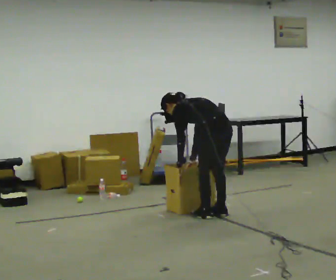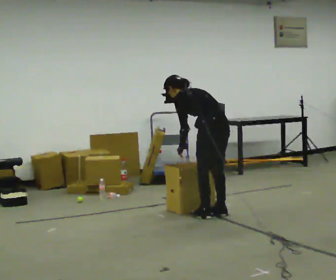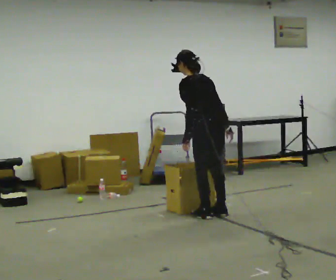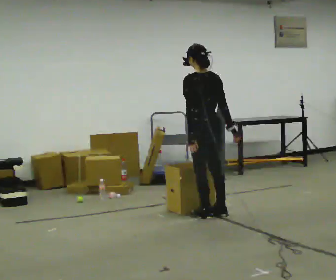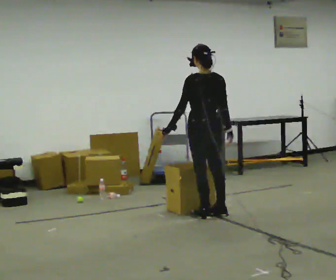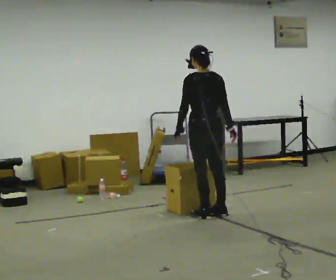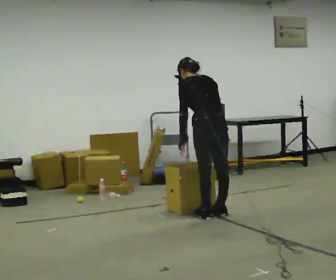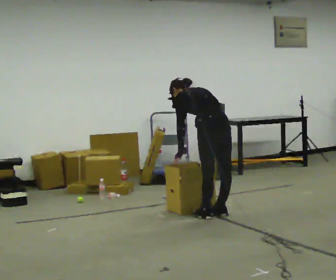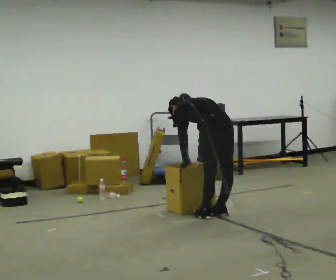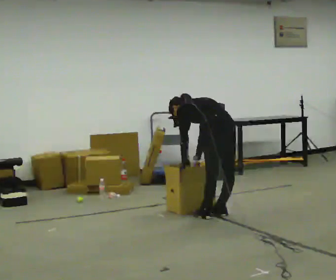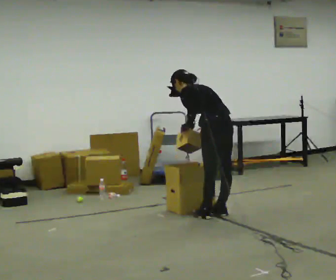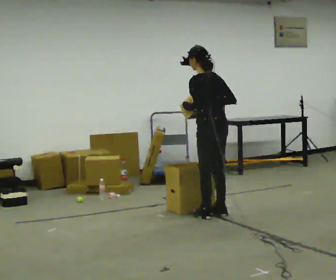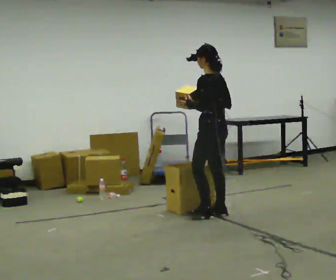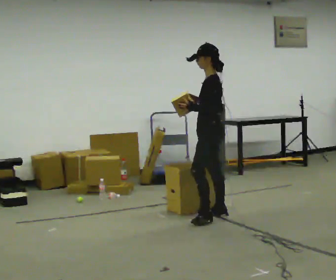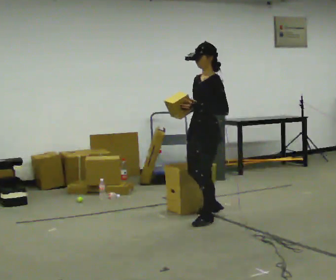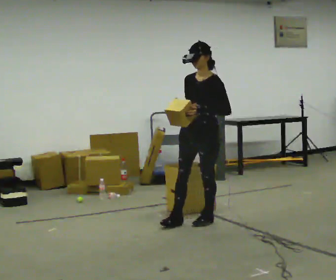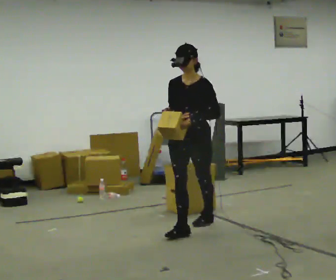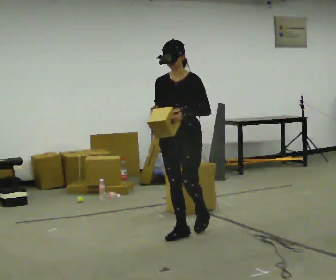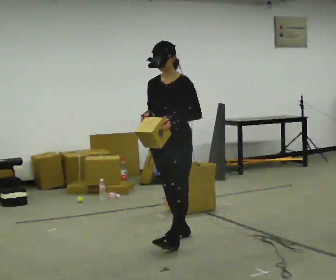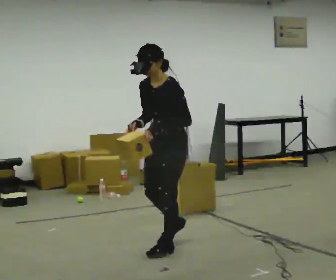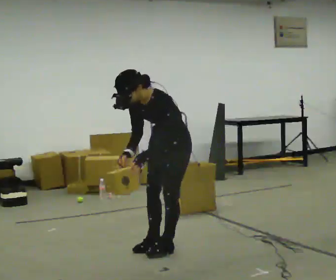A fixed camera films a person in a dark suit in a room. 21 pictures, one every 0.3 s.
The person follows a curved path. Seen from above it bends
counterclockwise.
0.0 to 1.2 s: The shoulders move upward. The upper body tips toward the camera, its near side rolling downward, as they lean back or straighten. In the picture their left hand goes upward.
1.2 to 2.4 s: The upper body goes downward. The upper body tips away from the camera, its near side rolling upward, as they bend forward. In the picture their left hand goes downward.
2.4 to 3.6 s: The person turns about 30 degrees to their left, counterclockwise seen from above, so the part of the body nearest the lens slides to the right. The shoulders move upward. The upper body tips toward the camera, its near side rolling downward, as they lean back or straighten. In the picture their right hand goes upward.
3.6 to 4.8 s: The part of the body nearest the lens slides to the right as the person turns to their left by about 105 degrees. In the picture they go toward the camera and to the left, about 0.5 m in 1 step.
4.8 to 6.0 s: Seen from above the body turns clockwise, about 30 degrees: to their right, with its near side sliding to the left. In the picture they go toward the camera, about 0.5 m in 2 steps, which for them is forward. In the picture the upper body tilts counterclockwise, shoulders to the left, as they bend forward. In the picture their right hand goes downward.
The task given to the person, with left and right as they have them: Take the objects from the bin one at a time and put one in each of the places the operator points out. Keep going until the operator says stop; one object at a time, and do not rush between trips.
The film runs forward here.
